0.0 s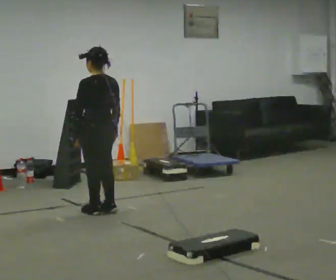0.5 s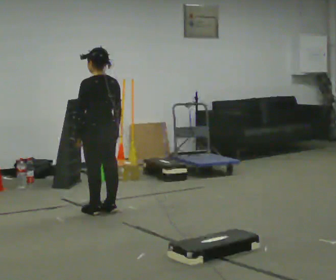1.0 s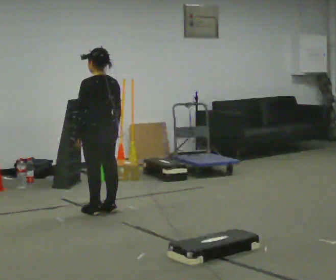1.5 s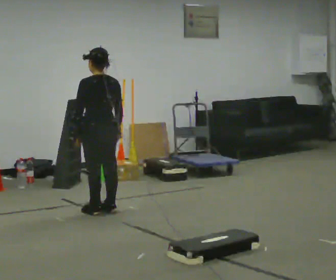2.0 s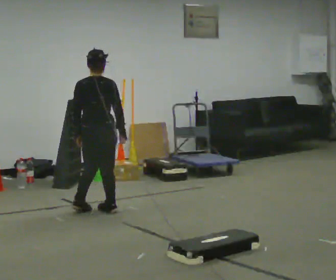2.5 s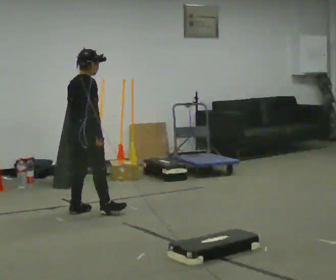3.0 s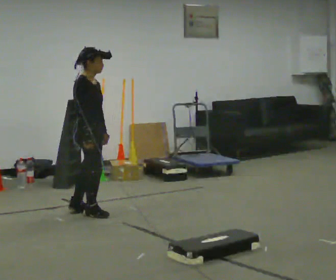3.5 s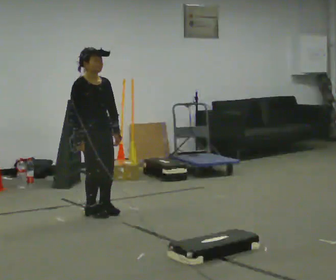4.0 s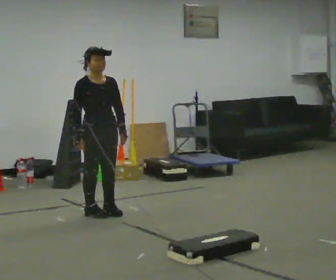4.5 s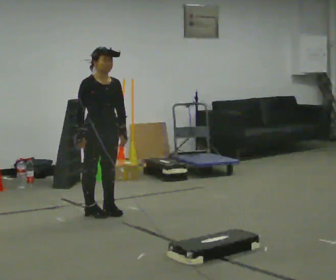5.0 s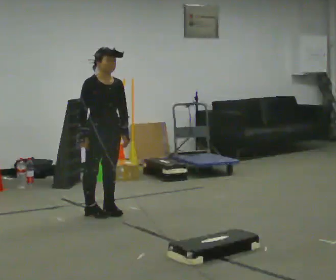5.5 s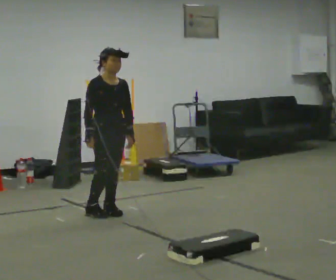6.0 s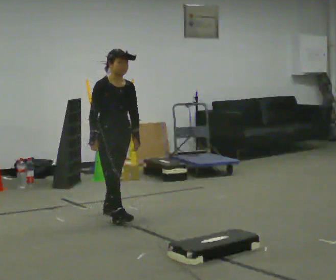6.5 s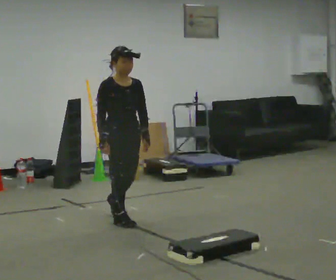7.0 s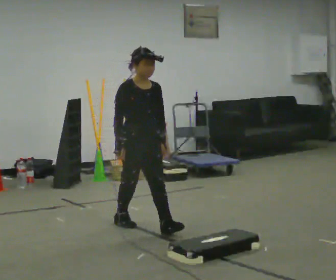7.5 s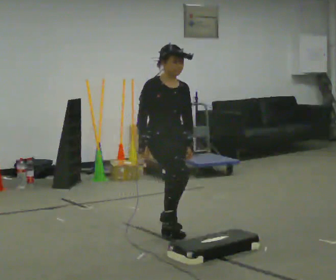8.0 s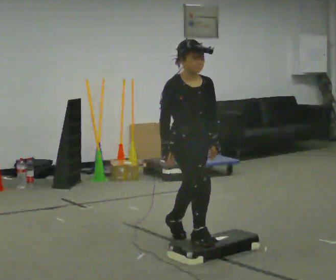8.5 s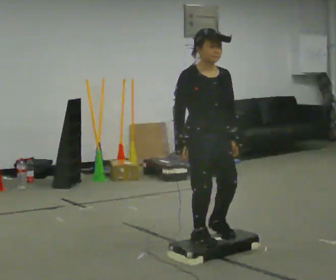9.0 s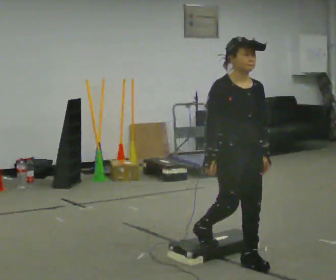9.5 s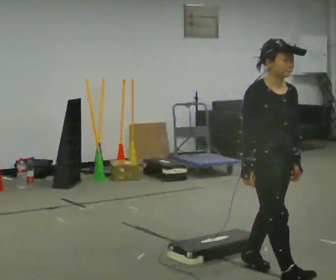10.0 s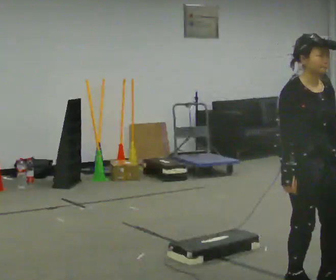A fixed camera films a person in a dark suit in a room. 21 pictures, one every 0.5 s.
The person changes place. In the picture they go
toward the camera.
The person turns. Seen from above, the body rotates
clockwise.
0.0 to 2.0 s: The part of the body nearest the lens slides to the left as the person turns to their right by about 45 degrees.
2.0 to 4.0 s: The part of the body nearest the lens slides to the left as the person turns to their right by about 135 degrees. In the picture their right hand goes to the left, the arm swinging clockwise.
4.0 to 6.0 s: The person moves a little, or ends about where they began.
6.0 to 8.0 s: In the picture they go toward the camera and to the right, about 1 m in 3 steps, which for them is forward.
8.0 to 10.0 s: In the picture they go toward the camera and to the right, about 1 m in 2 steps, which for them is forward.
The film runs forward here.
